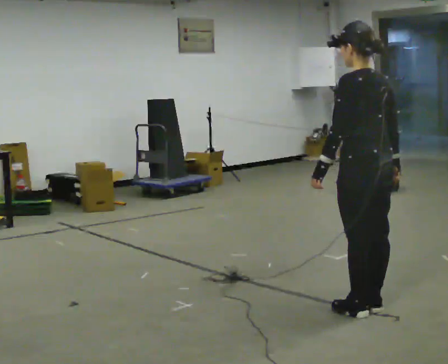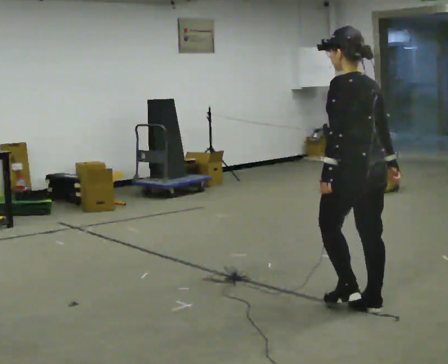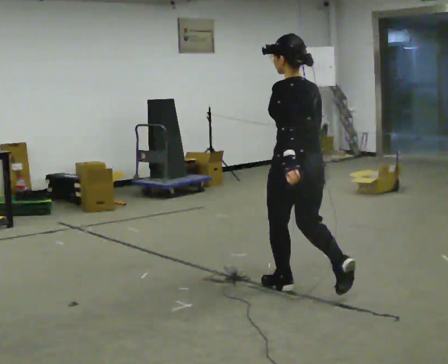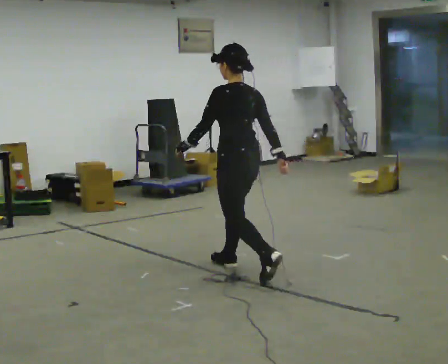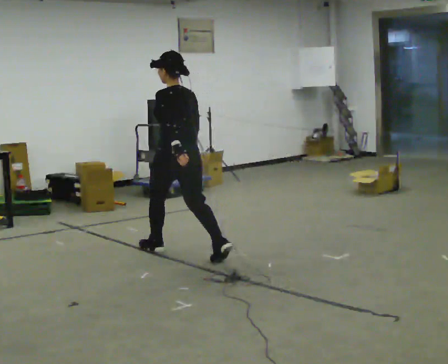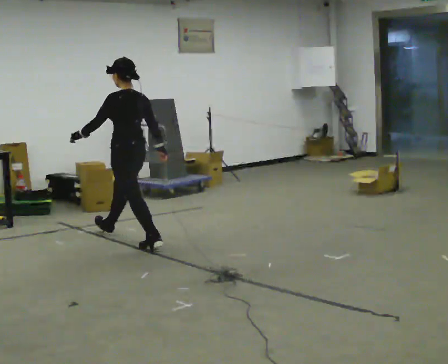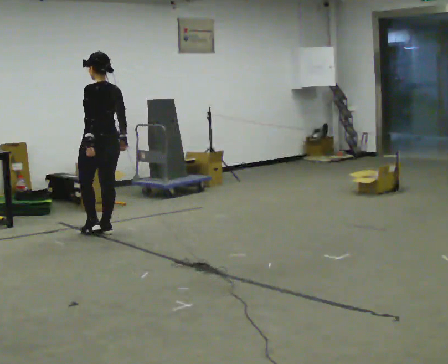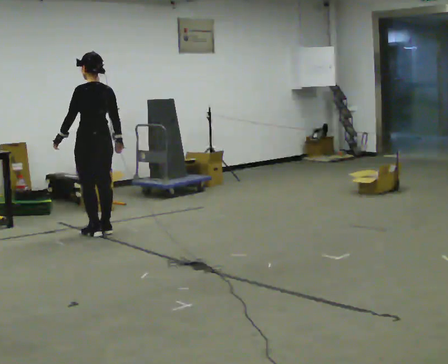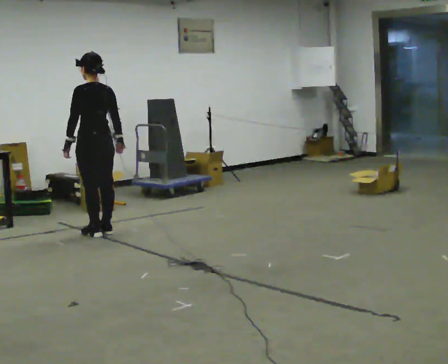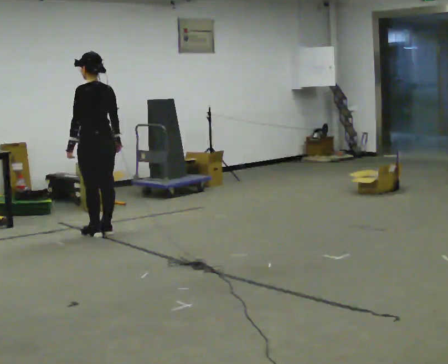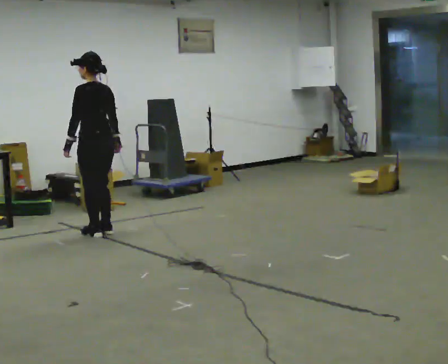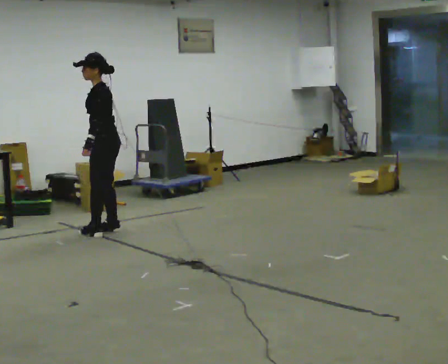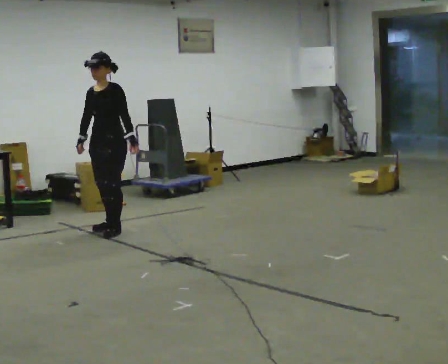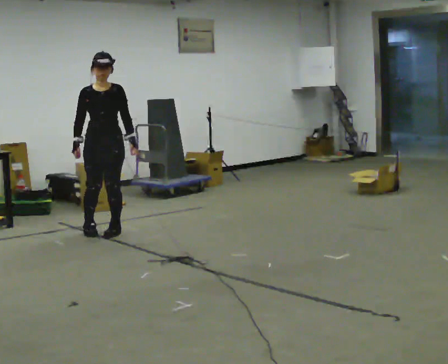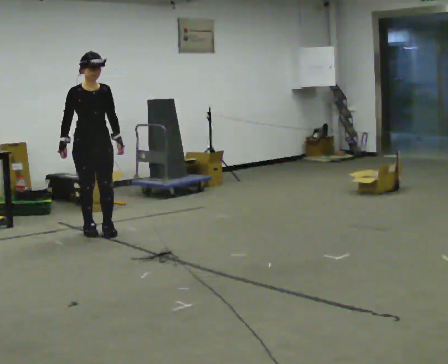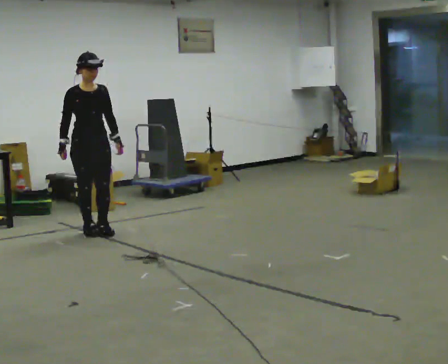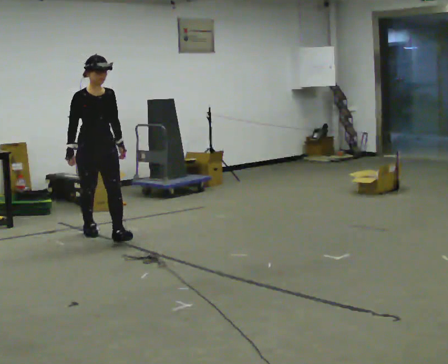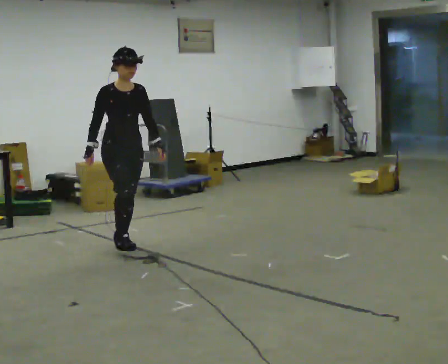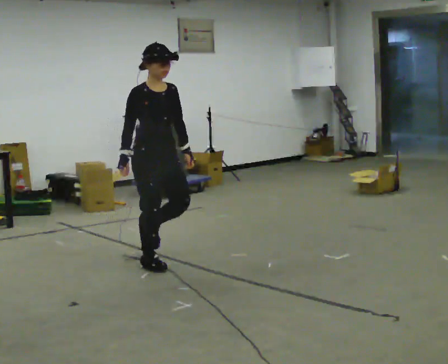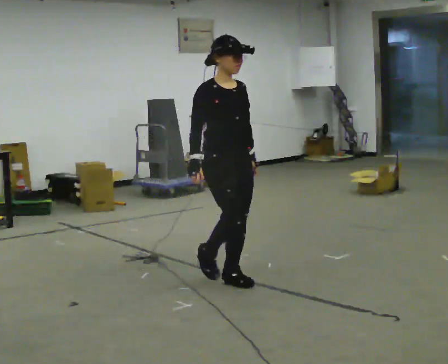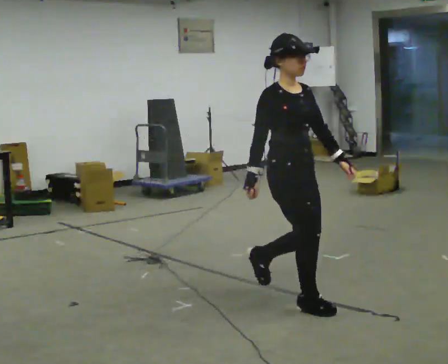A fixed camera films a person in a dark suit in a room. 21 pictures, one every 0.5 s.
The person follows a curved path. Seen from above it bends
counterclockwise.
0.0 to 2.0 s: In the picture they go away from the camera and to the left, about 2 m in 3 steps, which for them is forward.
2.0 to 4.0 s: In the picture they go away from the camera and to the left, about 1 m in 2 steps, which for them is forward.
4.0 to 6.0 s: The person turns about 105 degrees to their left, counterclockwise seen from above, so the part of the body nearest the lens slides to the right. In the picture their left hand goes to the right, the arm swinging counterclockwise.
6.0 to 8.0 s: Seen from above the body turns counterclockwise, about 60 degrees: to their left, with its near side sliding to the right. In the picture they go toward the camera, about 0.25 m in 1 step.
8.0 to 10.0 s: In the picture they go toward the camera and to the right, about 2.5 m in 4 steps, which for them is forward.
The film runs forward here.
